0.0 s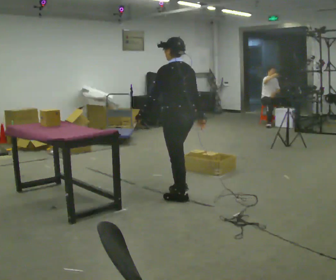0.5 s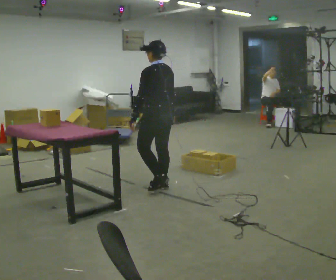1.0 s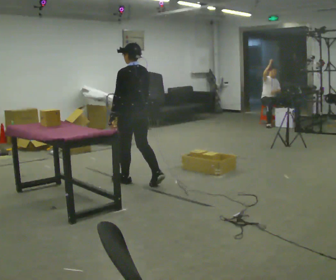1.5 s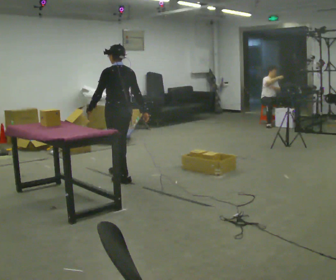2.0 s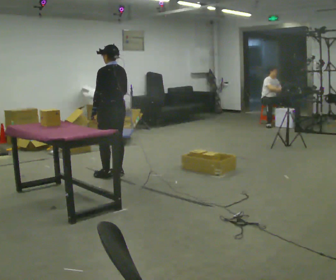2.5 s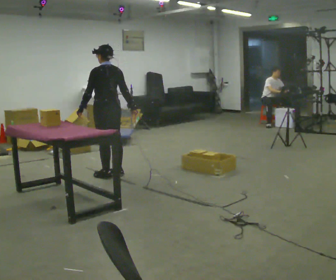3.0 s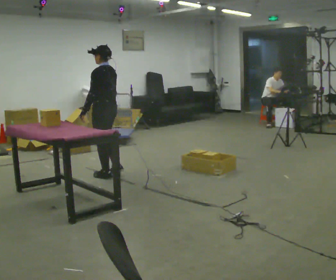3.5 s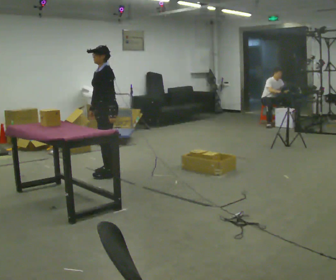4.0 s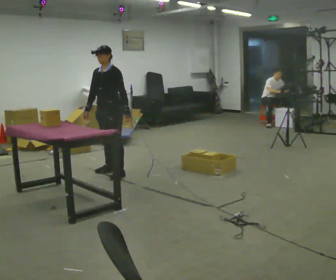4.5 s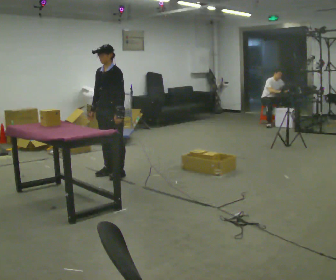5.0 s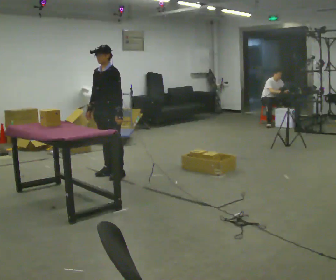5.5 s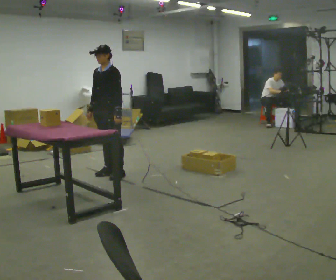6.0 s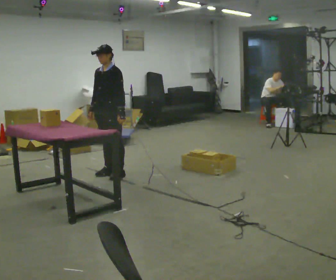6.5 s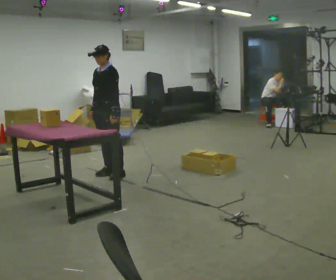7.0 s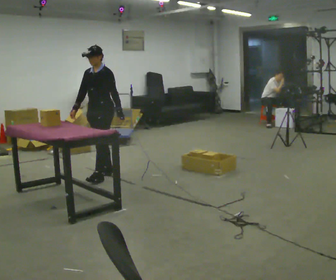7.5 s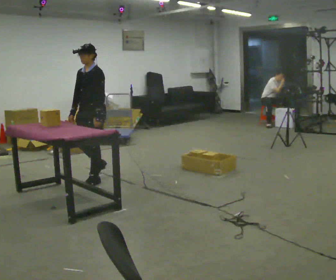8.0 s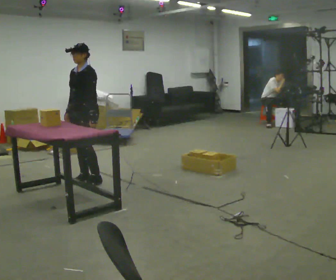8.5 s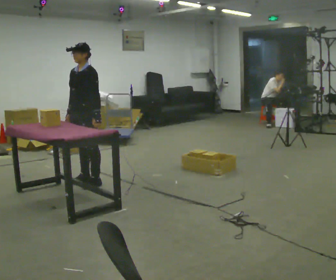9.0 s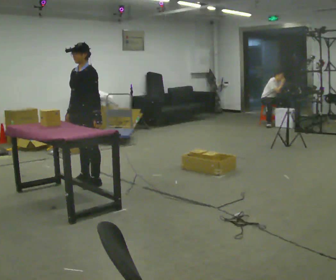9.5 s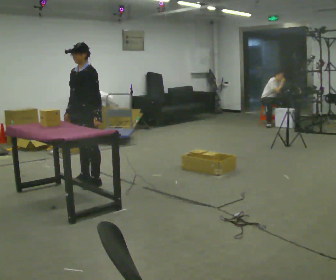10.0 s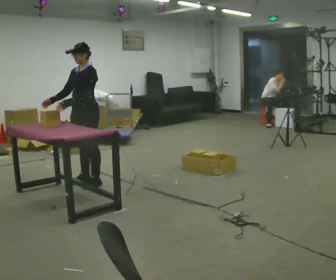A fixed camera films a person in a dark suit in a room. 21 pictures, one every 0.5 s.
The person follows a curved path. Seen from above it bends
counterclockwise.
0.0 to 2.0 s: In the picture they go away from the camera and to the left, about 1 m in 4 steps, which for them is forward.
2.0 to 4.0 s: The person turns about 90 degrees to their left, counterclockwise seen from above, so the part of the body nearest the lens slides to the right. In the picture their left hand goes to the right, the arm swinging counterclockwise.
4.0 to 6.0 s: The person moves a little, or ends about where they began.
6.0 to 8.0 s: In the picture they go to the left and toward the camera, about 0.5 m in 2 steps, which for them is forward.
8.0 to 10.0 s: In the picture their left hand goes to the left.
The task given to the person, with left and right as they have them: Carry the object across the room and place it on the lowest shelf, crouching down to do it. Keep going until the operator says stop; one object at a time, and do not rush between trips.
The film runs forward here.
